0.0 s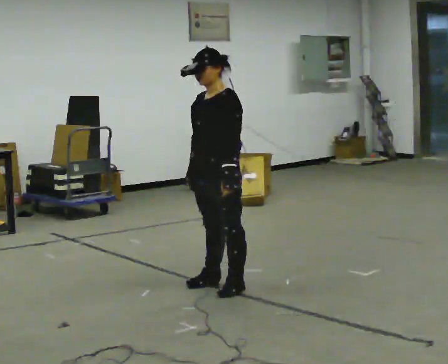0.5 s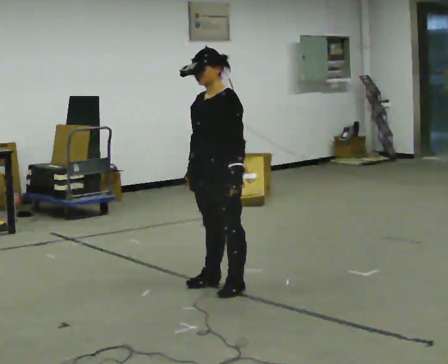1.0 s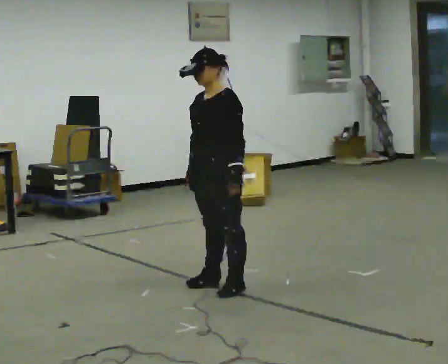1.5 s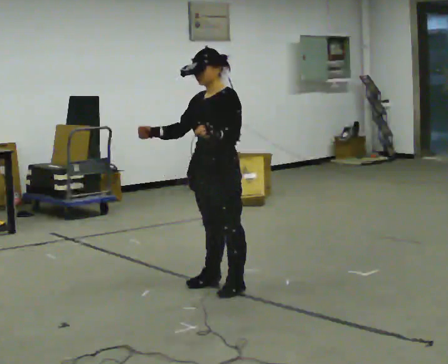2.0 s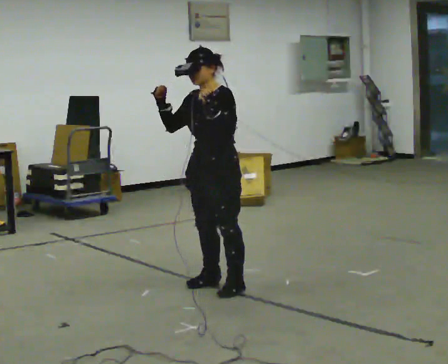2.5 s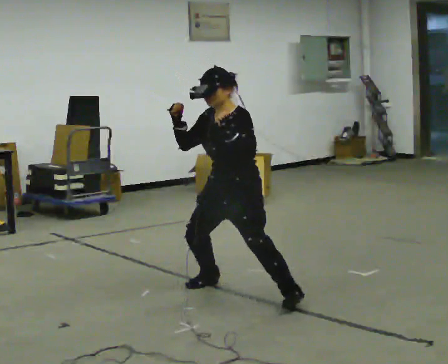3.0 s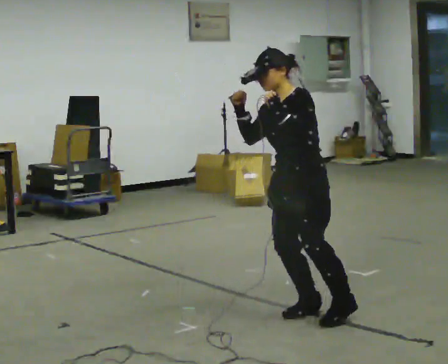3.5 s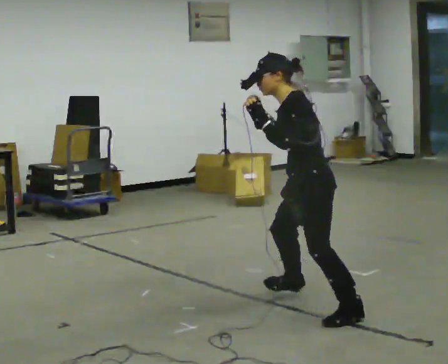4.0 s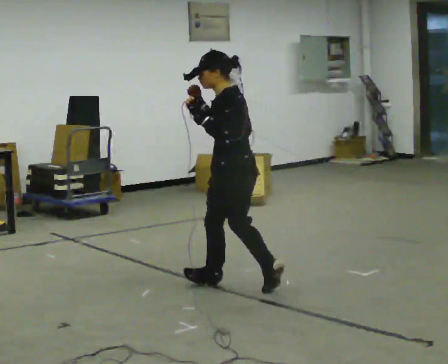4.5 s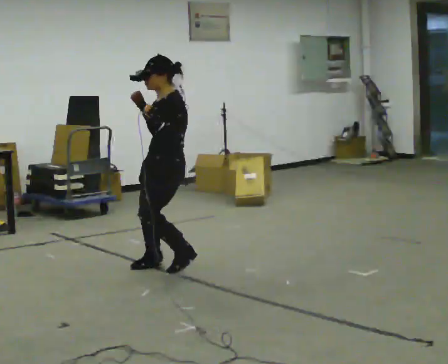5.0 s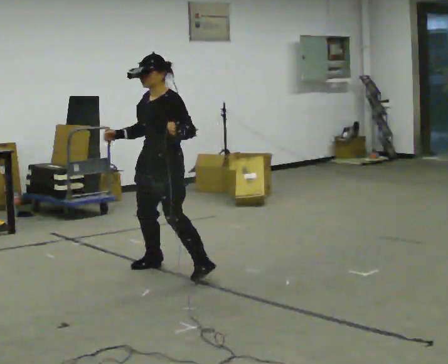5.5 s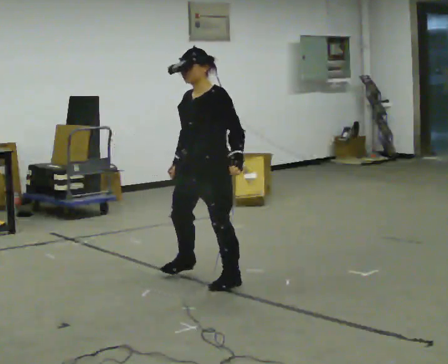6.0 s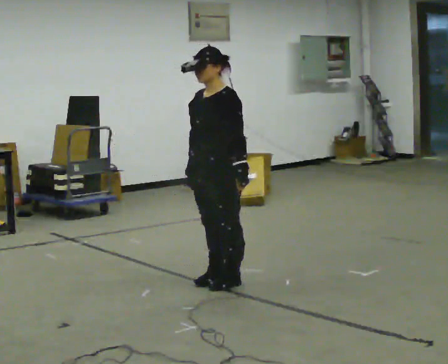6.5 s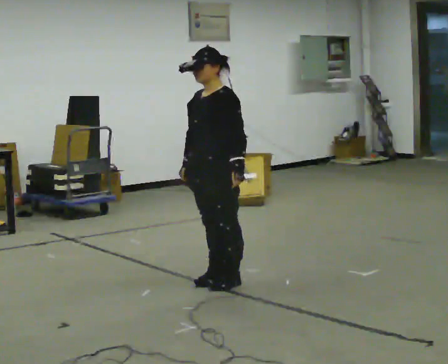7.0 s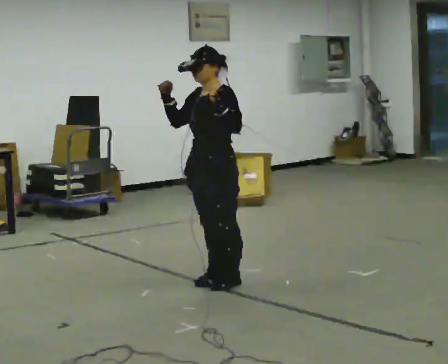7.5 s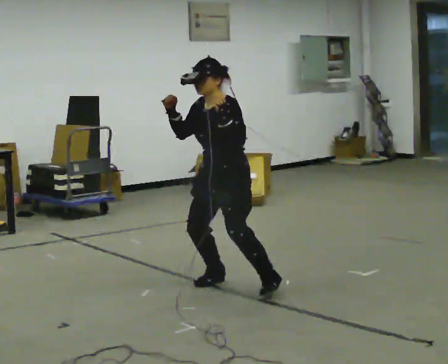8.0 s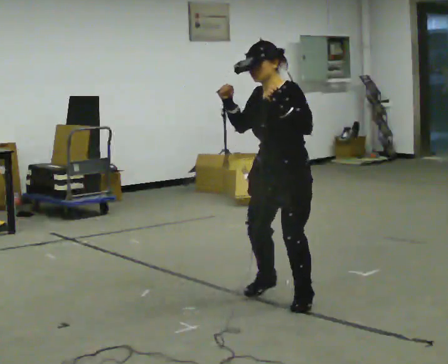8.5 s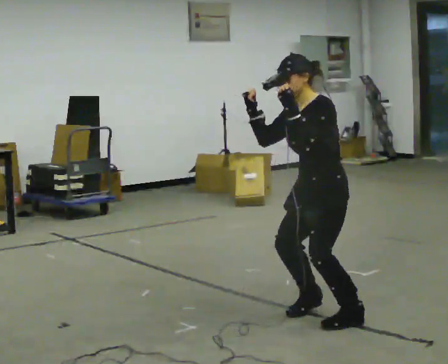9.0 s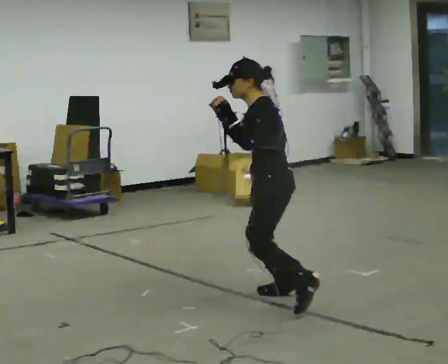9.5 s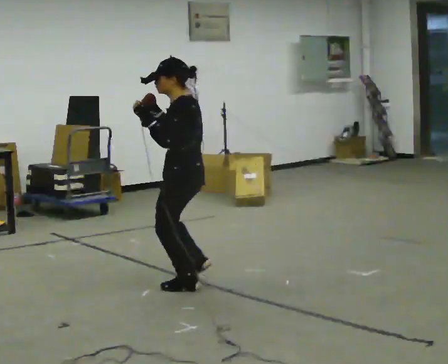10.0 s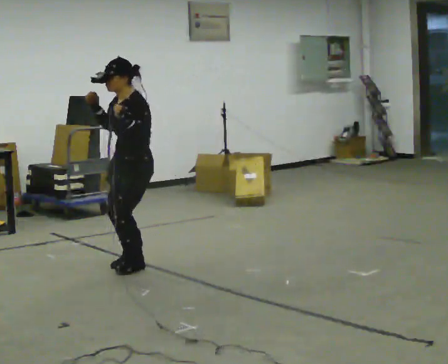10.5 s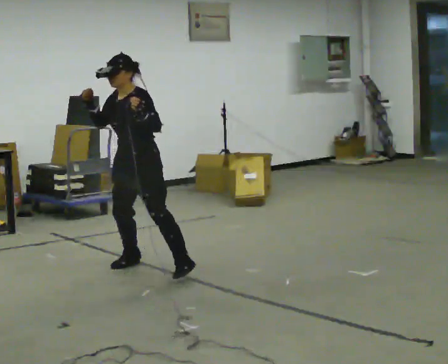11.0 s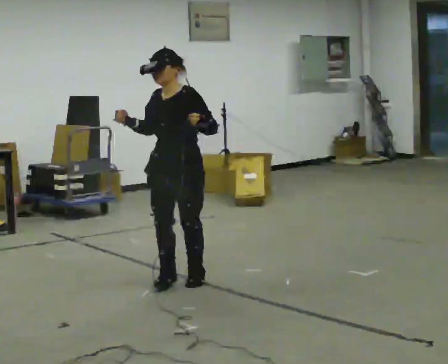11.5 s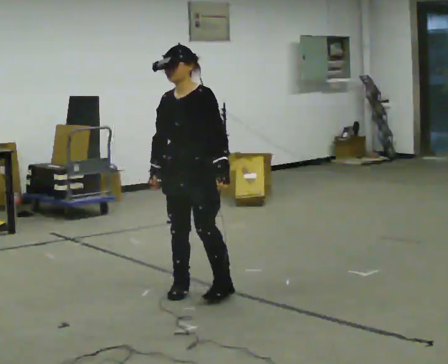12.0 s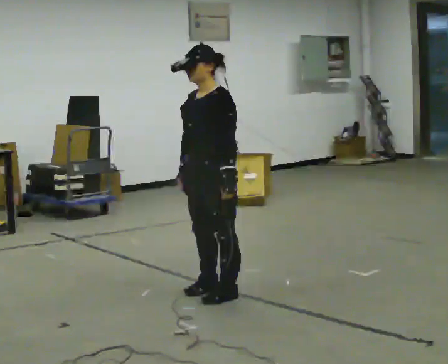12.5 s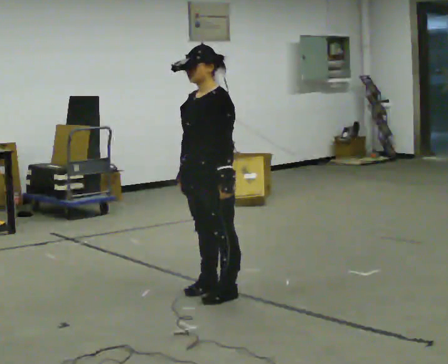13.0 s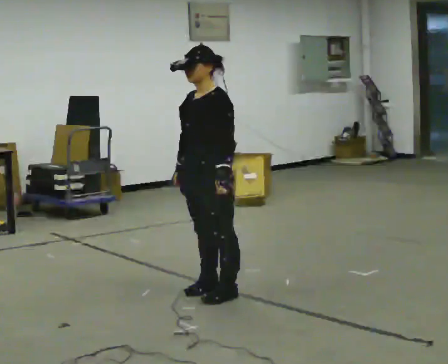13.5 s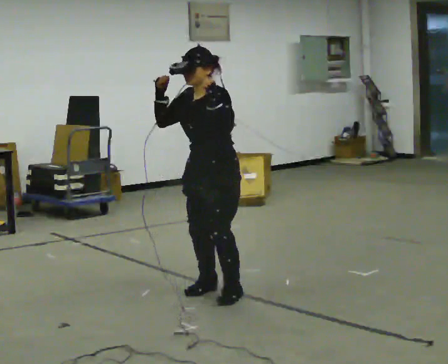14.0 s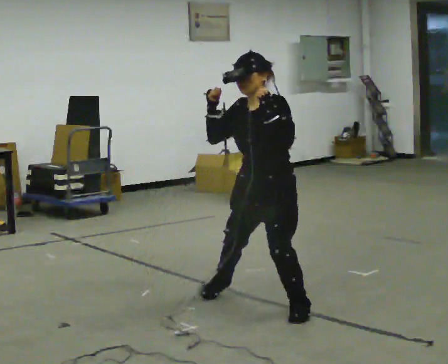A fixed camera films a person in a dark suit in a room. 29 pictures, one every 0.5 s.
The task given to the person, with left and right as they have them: Move in a low athletic stance, shuffling side to side and forward and back as the operator points.
0.0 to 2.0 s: In the picture their right hand goes upward, the arm swinging clockwise.
2.0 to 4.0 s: The person turns about 60 degrees to their right, clockwise seen from above, so the part of the body nearest the lens slides to the left. In the picture they go to the right, about 0.25 m in 4 steps.
4.0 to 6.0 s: The part of the body nearest the lens slides to the right as the person turns to their left by about 60 degrees. In the picture they go to the left, about 0.25 m in 3 steps. In the picture their left hand goes downward.
6.0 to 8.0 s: In the picture they go toward the camera and to the right, about 0.5 m in 1 step, which for them is to their left. In the picture their right hand goes upward.
8.0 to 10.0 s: In the picture they go to the left and away from the camera, about 1 m in 5 steps.
10.0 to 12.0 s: In the picture they go toward the camera and to the right, about 1 m in 5 steps, which for them is to their left and forward. In the picture their right hand goes downward.
12.0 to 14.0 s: In the picture they go to the right and toward the camera, about 0.5 m in 1 step, which for them is to their left. In the picture their right hand goes upward.
The film runs forward here.
